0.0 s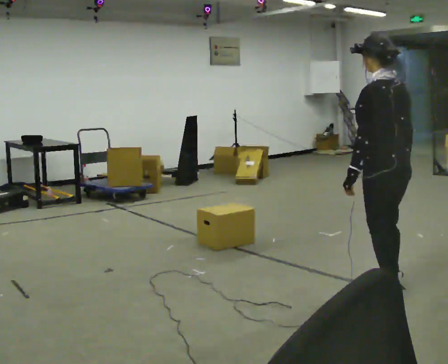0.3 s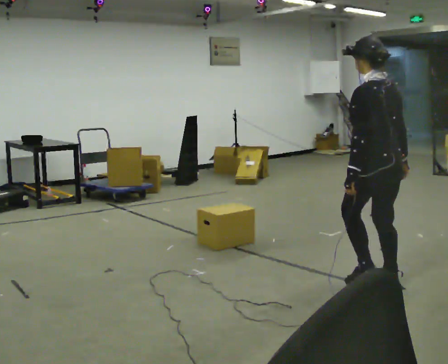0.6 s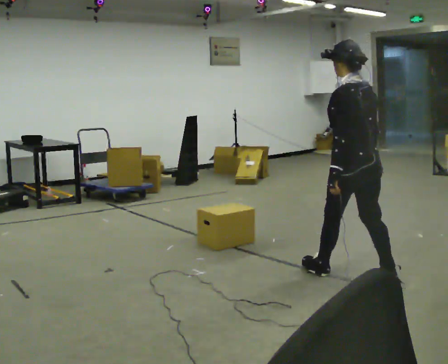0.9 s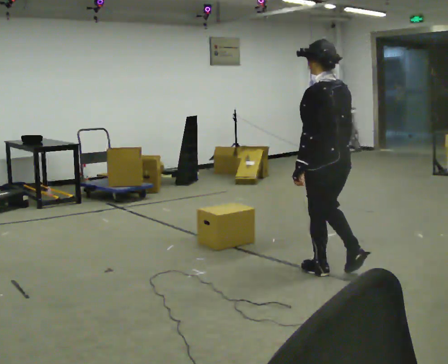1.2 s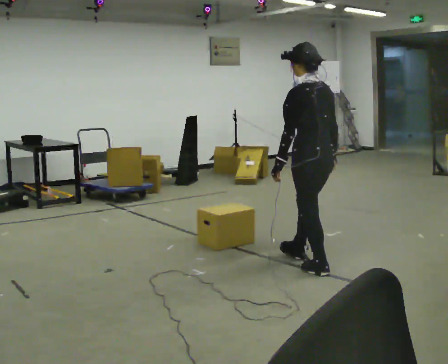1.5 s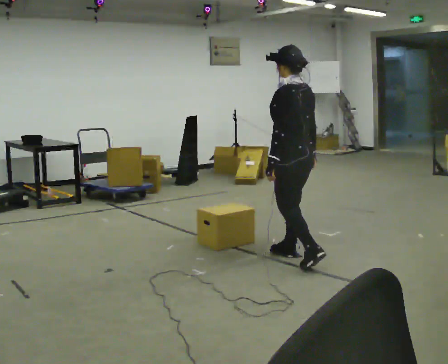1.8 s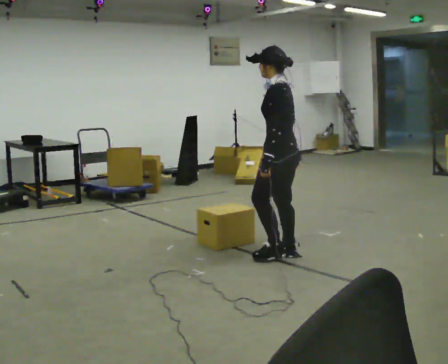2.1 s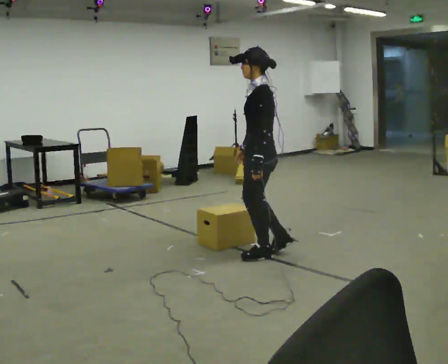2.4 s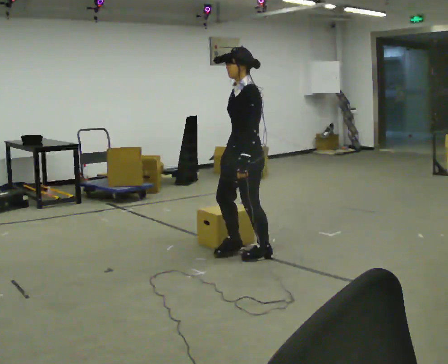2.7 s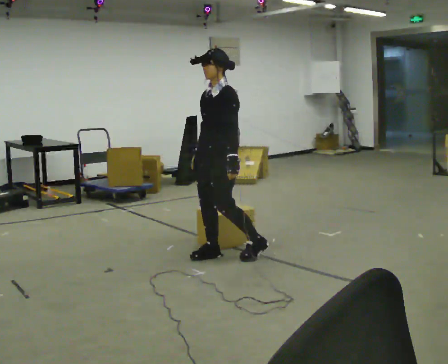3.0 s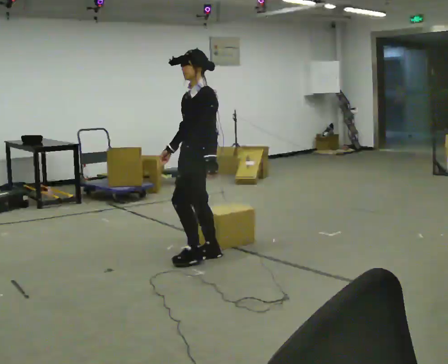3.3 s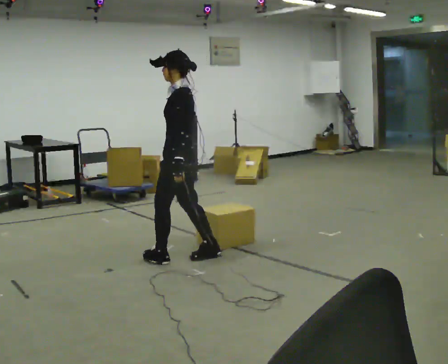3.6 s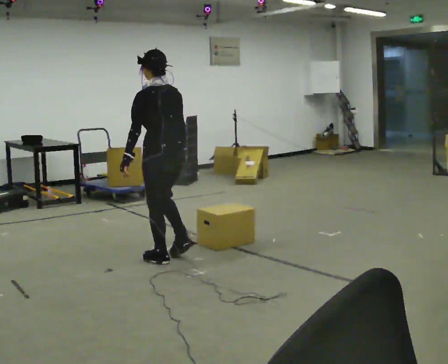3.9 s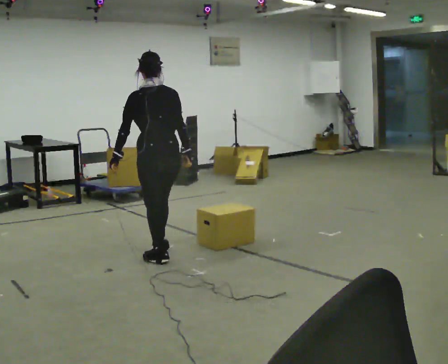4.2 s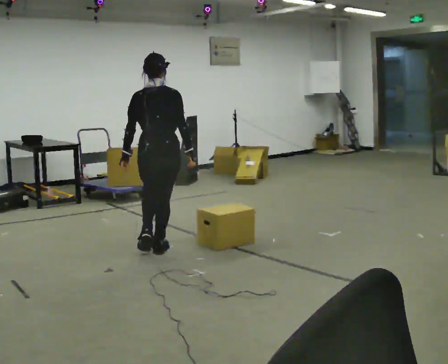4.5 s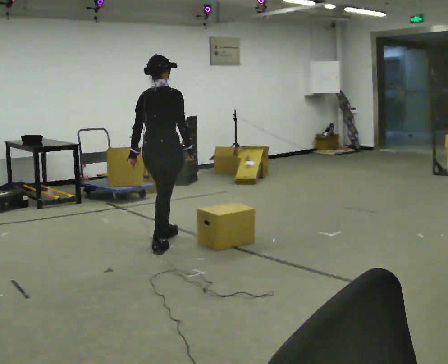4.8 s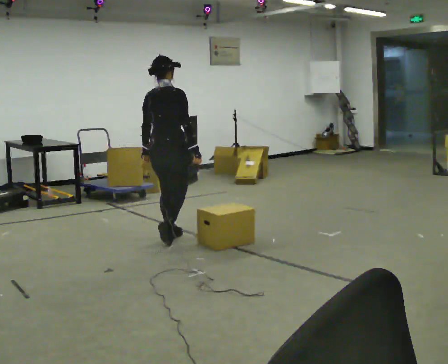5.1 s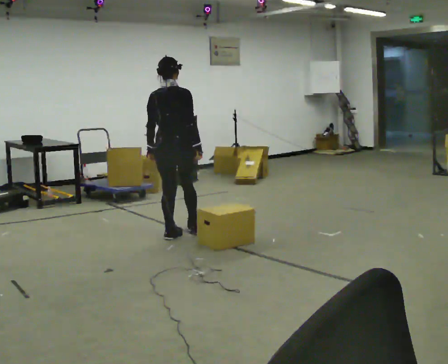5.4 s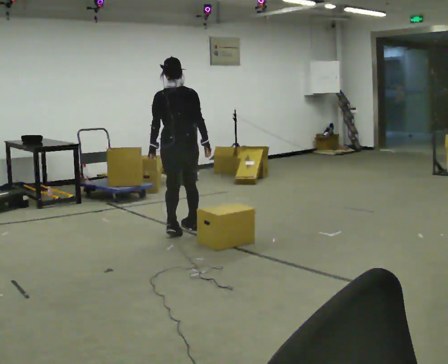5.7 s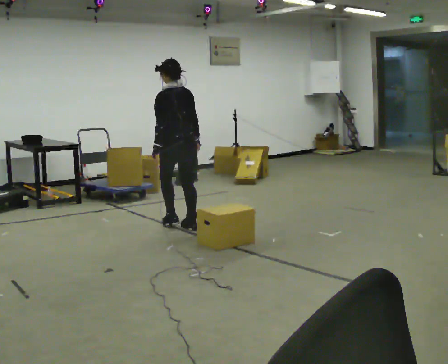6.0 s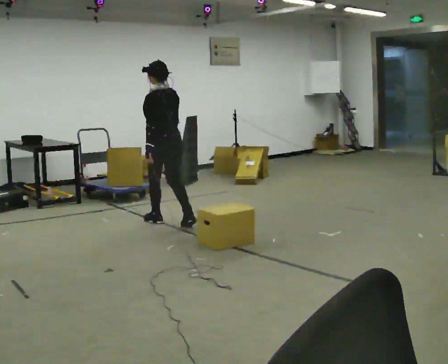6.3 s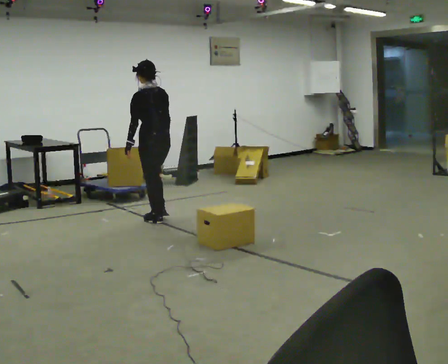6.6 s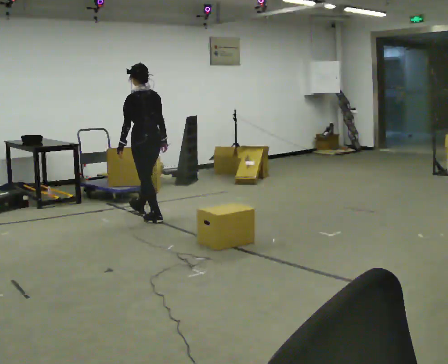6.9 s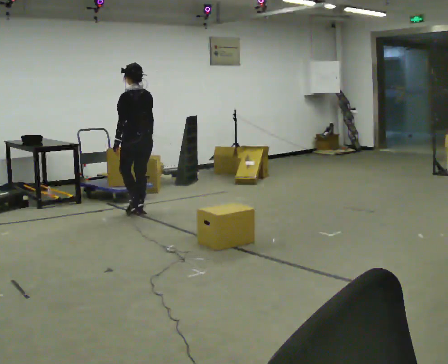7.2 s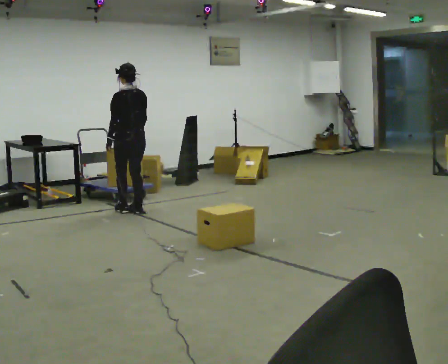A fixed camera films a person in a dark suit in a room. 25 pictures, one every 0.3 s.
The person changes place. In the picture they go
away from the camera.
0.0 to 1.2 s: In the picture they go away from the camera and to the left, about 0.75 m in 1 step, which for them is forward.
1.2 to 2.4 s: The part of the body nearest the lens slides to the right as the person turns to their left by about 60 degrees. In the picture they go to the left and away from the camera, about 0.5 m in 2 steps.
2.4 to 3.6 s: Seen from above the body turns clockwise, about 60 degrees: to their right, with its near side sliding to the left. In the picture they go to the left, about 0.5 m in 2 steps.
3.6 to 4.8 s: Seen from above the body turns clockwise, about 75 degrees: to their right, with its near side sliding to the left. In the picture they go away from the camera, about 0.5 m in 2 steps.
4.8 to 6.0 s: The person turns about 75 degrees to their left, counterclockwise seen from above, so the part of the body nearest the lens slides to the right. In the picture they go away from the camera, about 0.5 m in 2 steps.
6.0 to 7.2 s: In the picture they go away from the camera and to the left, about 0.75 m in 2 steps, which for them is forward.
The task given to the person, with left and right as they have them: Walk toward obstacle; alter path to avoid it; continue toward original destination.
The film runs forward here.
